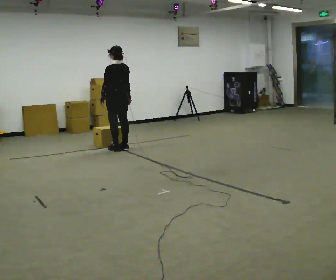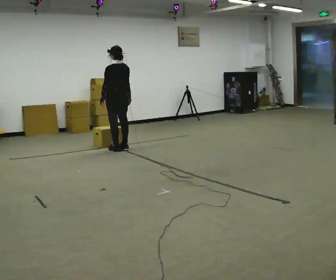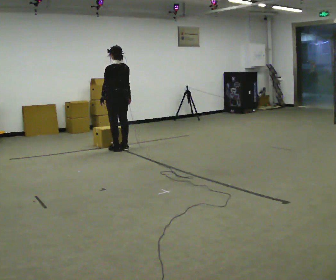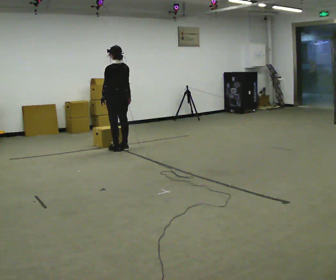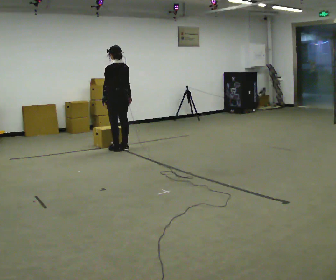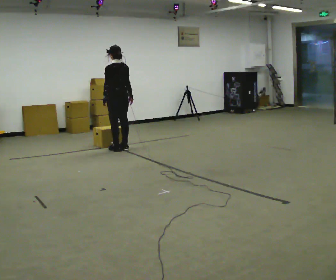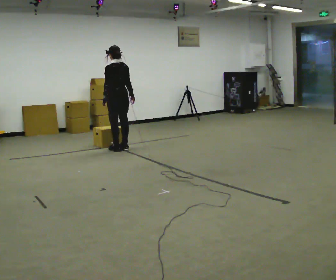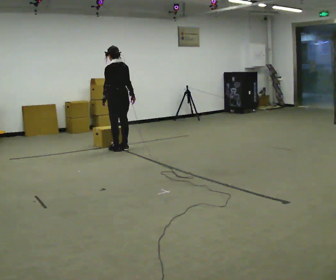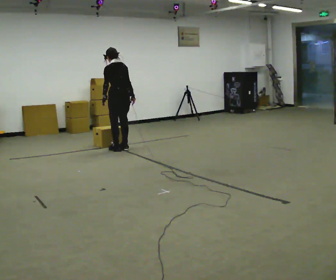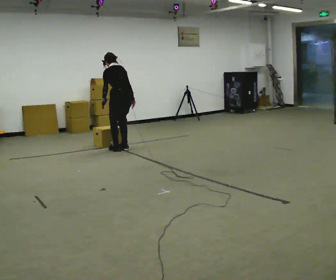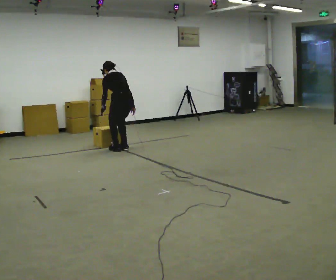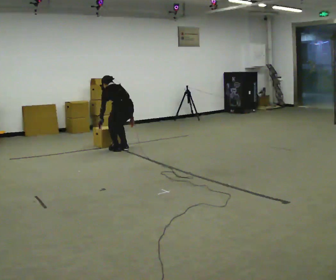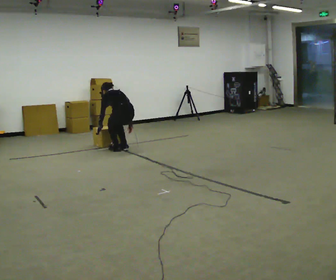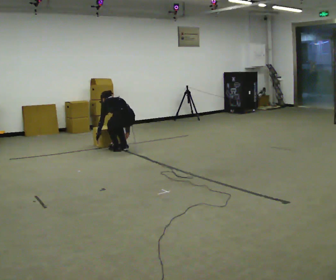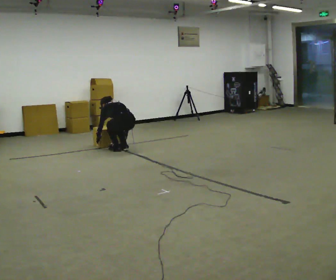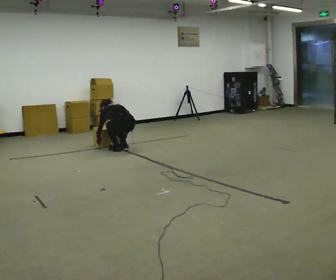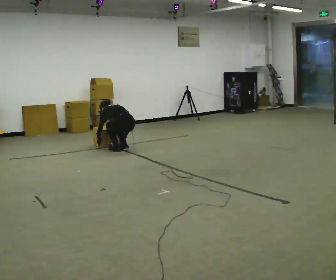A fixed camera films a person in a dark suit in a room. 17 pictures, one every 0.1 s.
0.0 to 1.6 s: In the picture they go toward the camera, about 0.25 m, which for them is backward. The shoulders move downward. The upper body tips away from the camera, its near side rolling upward, as they bend forward. In the picture their right hand goes downward.
The film runs backward here.
